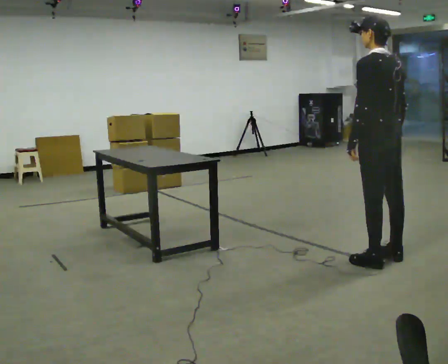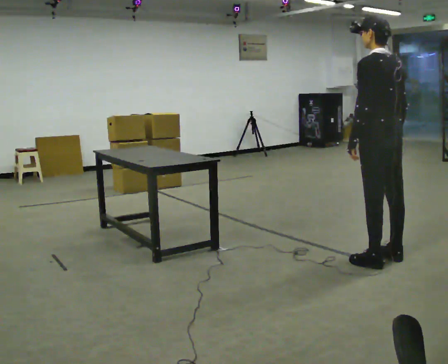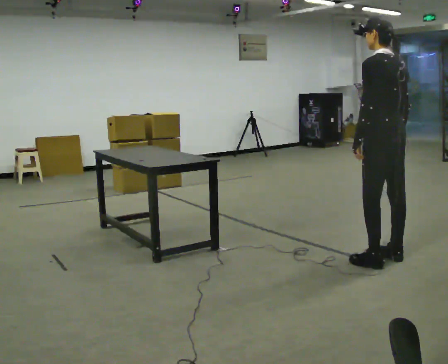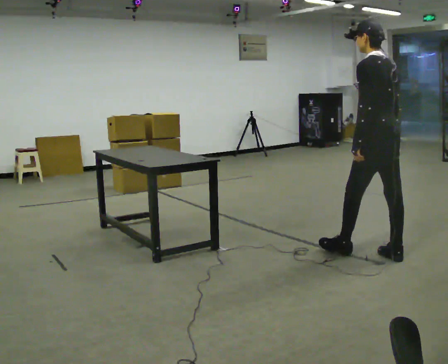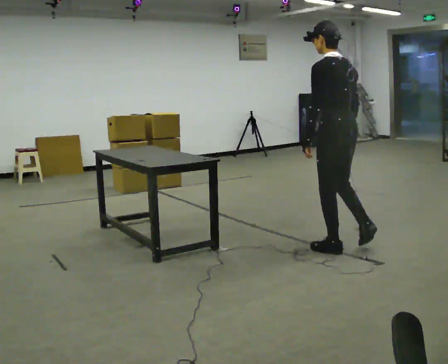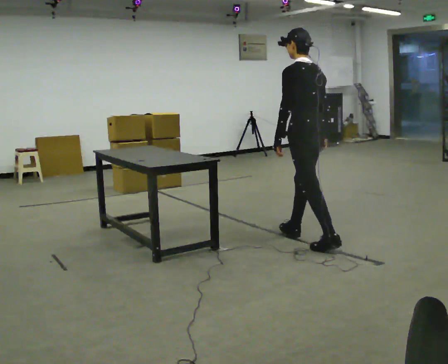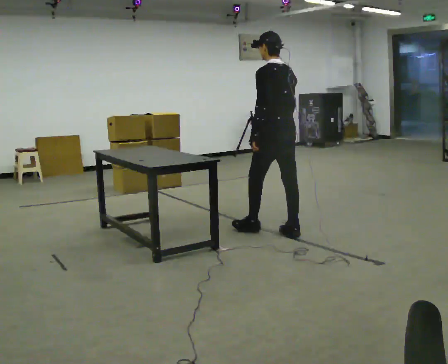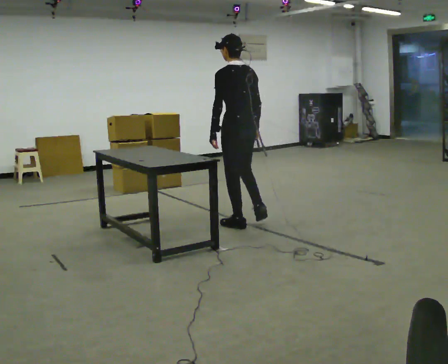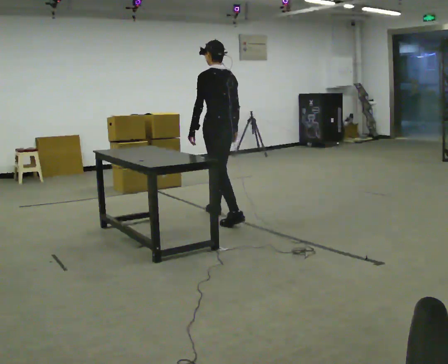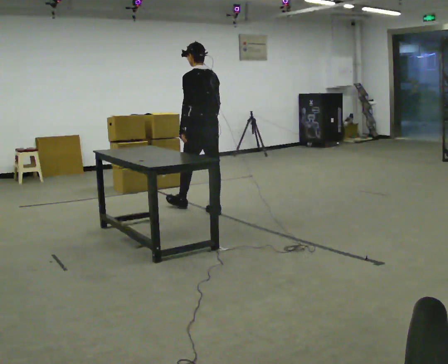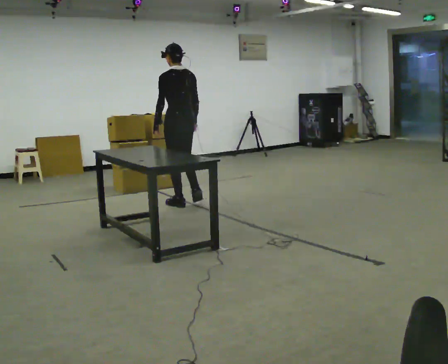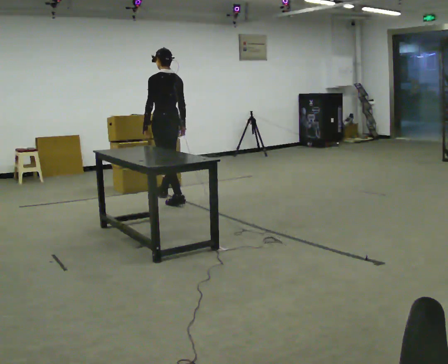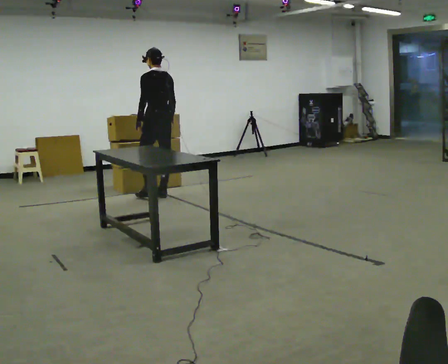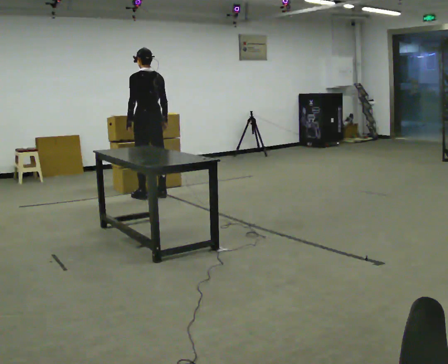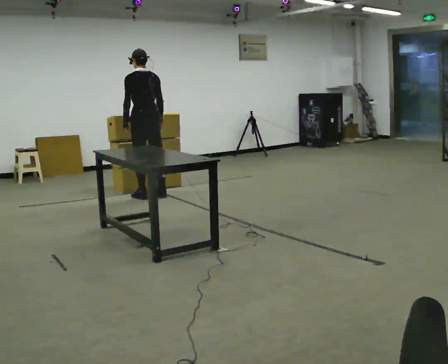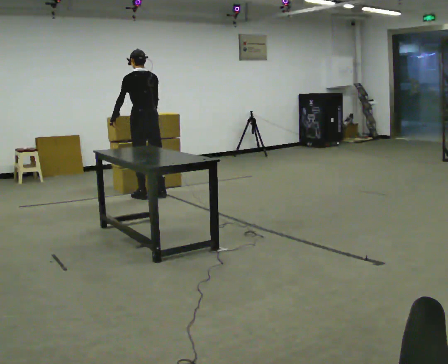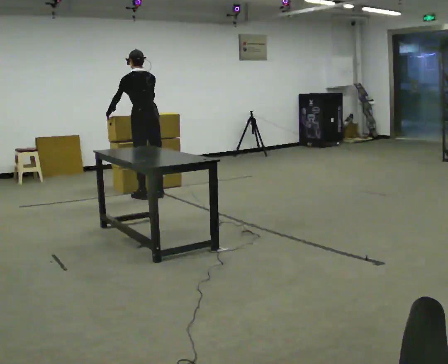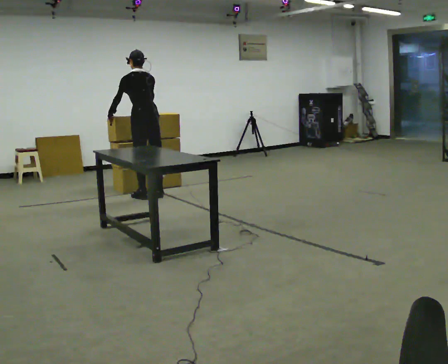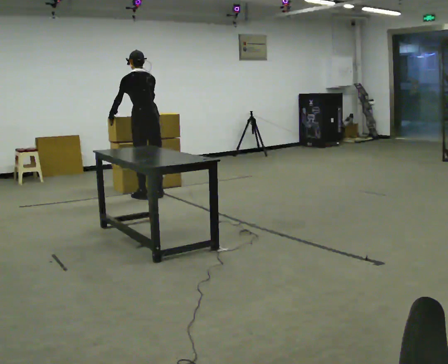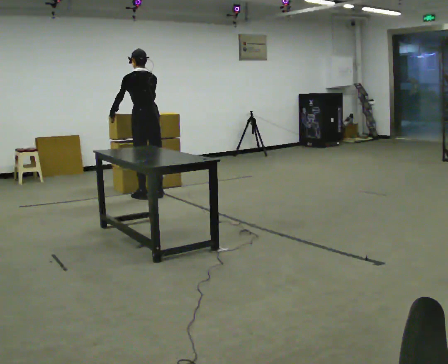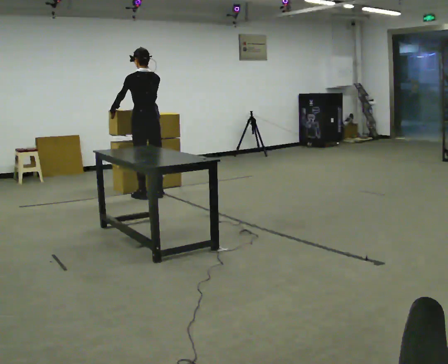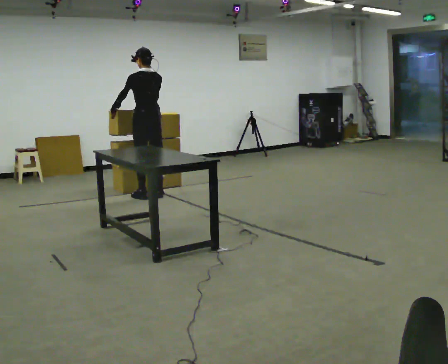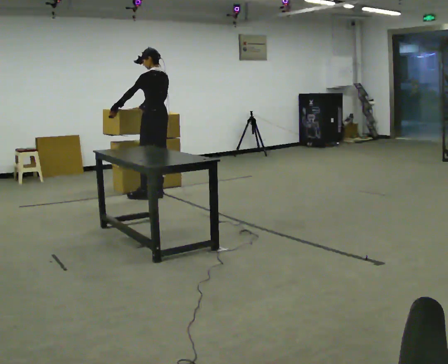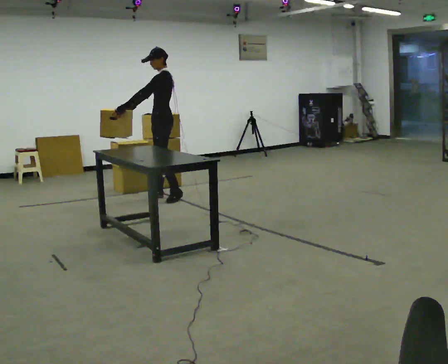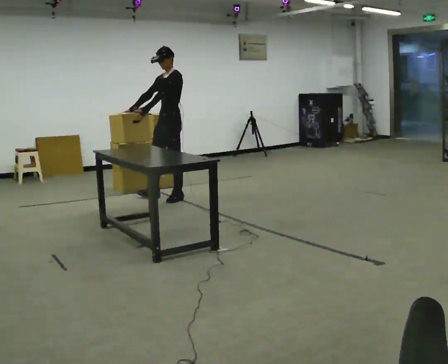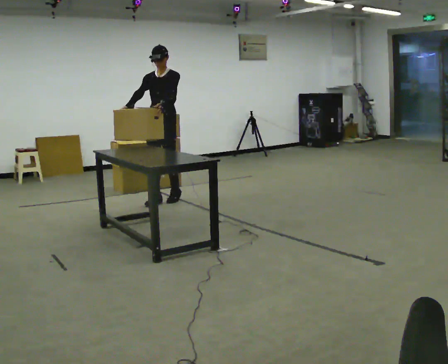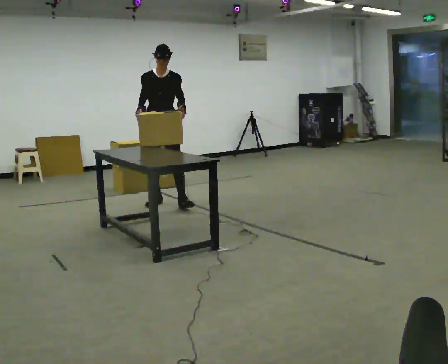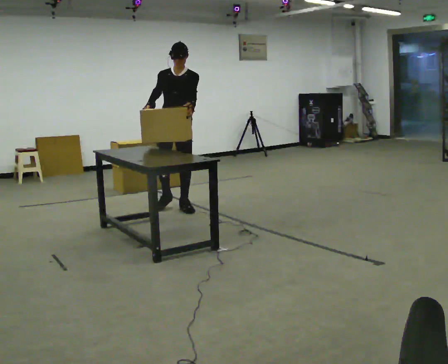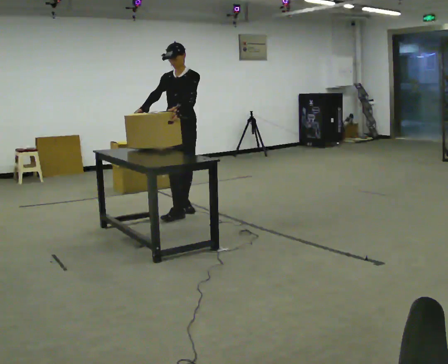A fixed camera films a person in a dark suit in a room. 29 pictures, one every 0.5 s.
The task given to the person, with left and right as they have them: Pick up the next box in the row and carry it to the table. The operator will not tell you how heavy each one is. Keep going until the operator says stop; one object at a time, and do not rush between trips.
0.0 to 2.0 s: In the picture they go away from the camera and to the left, about 0.5 m in 1 step, which for them is forward.
2.0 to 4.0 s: In the picture they go away from the camera and to the left, about 1.5 m in 3 steps, which for them is forward.
4.0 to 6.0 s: In the picture they go away from the camera and to the left, about 1 m in 2 steps, which for them is forward.
6.0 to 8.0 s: In the picture they go to the left, about 0.25 m in 1 step, which for them is to their left. In the picture their left hand goes to the left.
8.0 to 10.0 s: The person moves a little, or ends about where they began.
10.0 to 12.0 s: Seen from above the body turns counterclockwise, about 90 degrees: to their left, with its near side sliding to the right. In the picture they go to the right and toward the camera, about 0.25 m in 1 step.
12.0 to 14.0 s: The person turns about 45 degrees to their left, counterclockwise seen from above, so the part of the body nearest the lens slides to the right. In the picture they go toward the camera, about 0.75 m in 3 steps.
The film runs forward here.
